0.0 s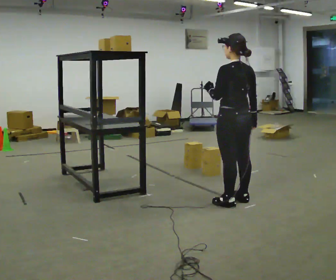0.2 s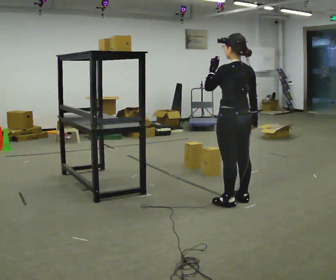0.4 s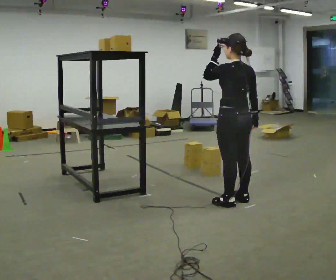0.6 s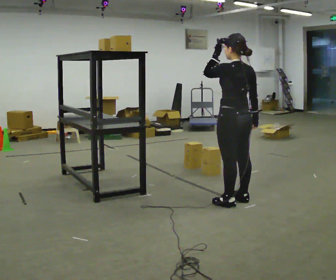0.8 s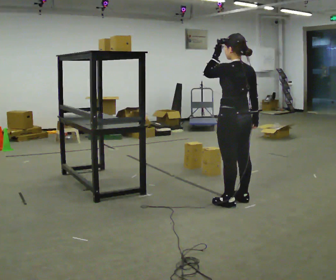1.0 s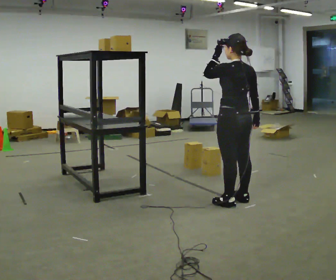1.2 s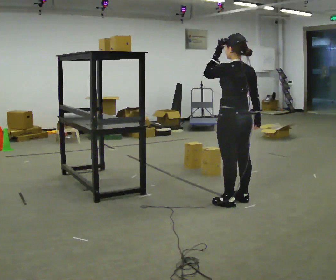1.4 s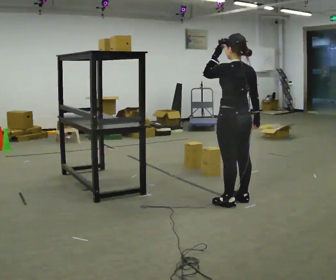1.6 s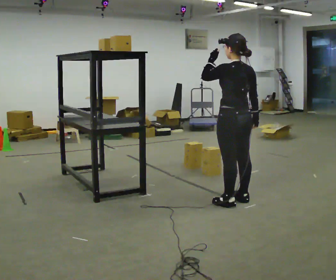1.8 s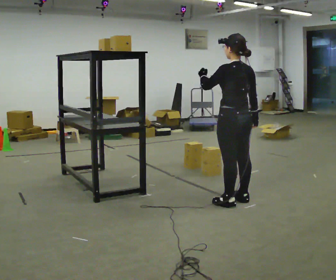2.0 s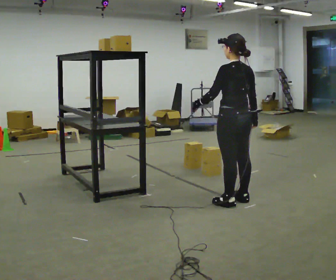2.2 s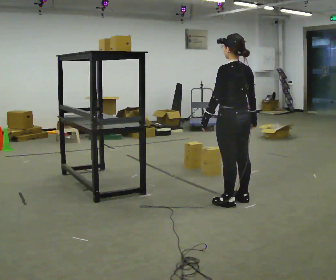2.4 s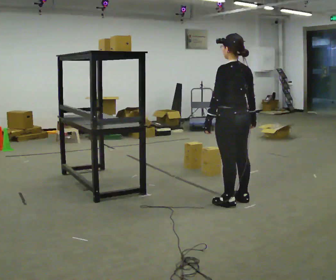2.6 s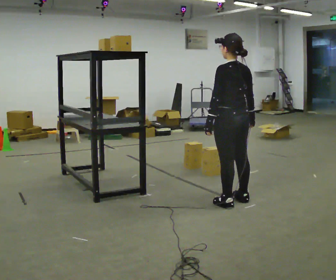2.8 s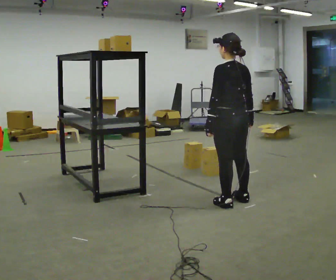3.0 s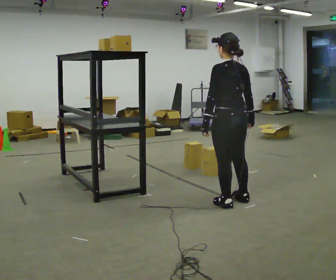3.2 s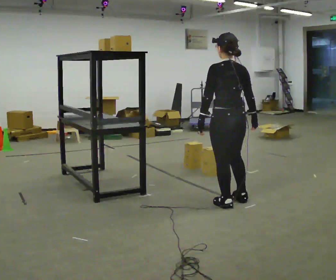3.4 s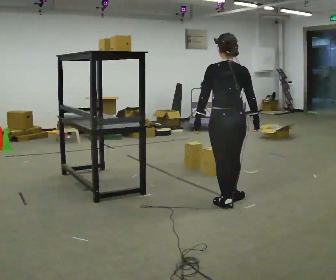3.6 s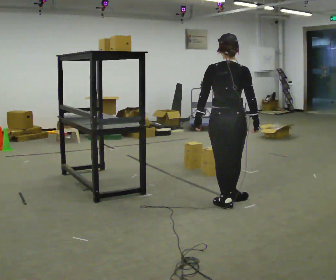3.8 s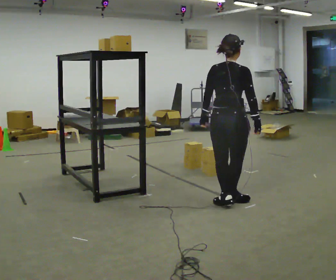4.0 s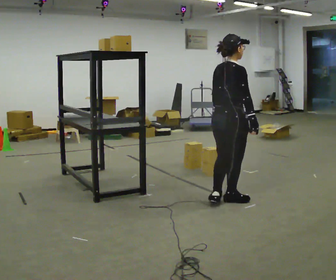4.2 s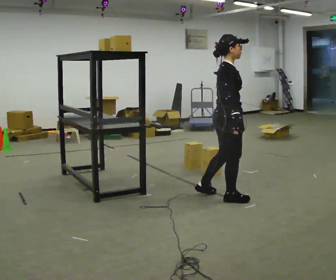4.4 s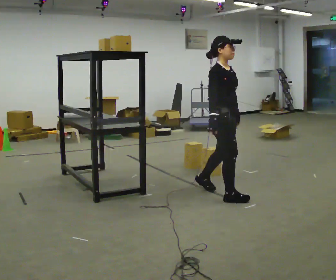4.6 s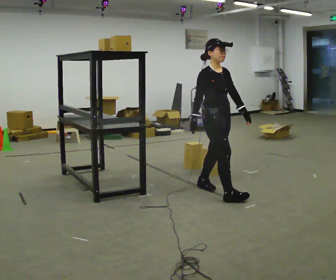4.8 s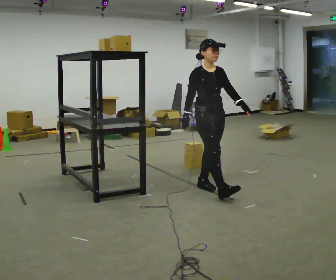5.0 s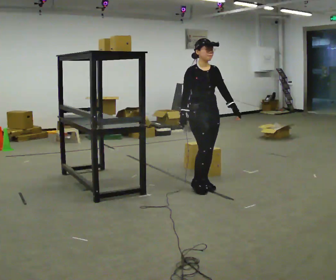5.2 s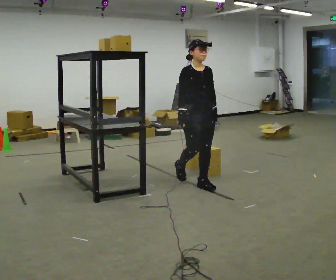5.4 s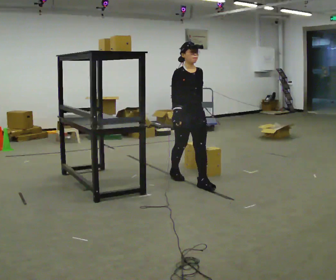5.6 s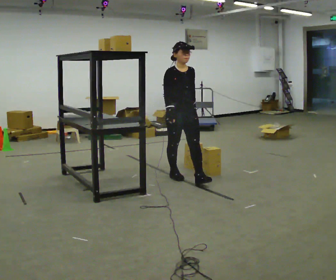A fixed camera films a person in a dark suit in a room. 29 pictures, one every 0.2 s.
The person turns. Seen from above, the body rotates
clockwise.
The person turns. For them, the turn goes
to their right.
0.0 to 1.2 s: In the picture their left hand goes upward.
1.2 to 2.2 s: In the picture their left hand goes downward.
2.2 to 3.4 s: The person moves a little, or ends about where they began.
3.4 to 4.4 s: Seen from above the body turns clockwise, about 120 degrees: to their right, with its near side sliding to the left. In the picture they go away from the camera, about 0.25 m in 1 step. In the picture their left hand goes to the right, the arm swinging counterclockwise.
4.4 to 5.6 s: Seen from above the body turns clockwise, about 45 degrees: to their right, with its near side sliding to the left. In the picture they go away from the camera and to the left, about 1 m in 2 steps, which for them is backward.
The film runs backward here.
